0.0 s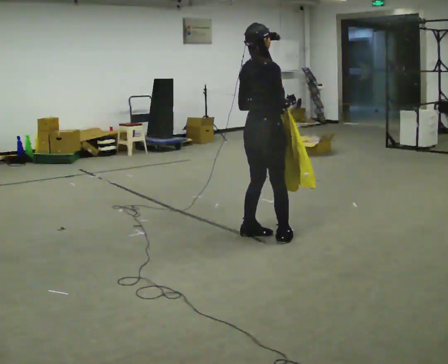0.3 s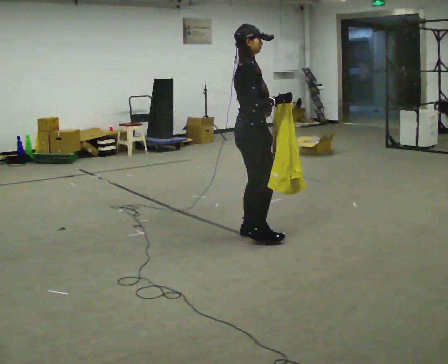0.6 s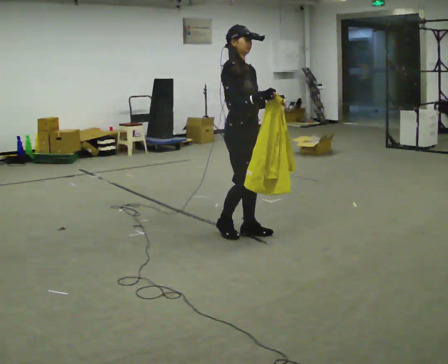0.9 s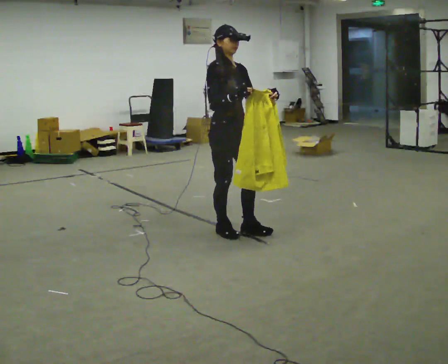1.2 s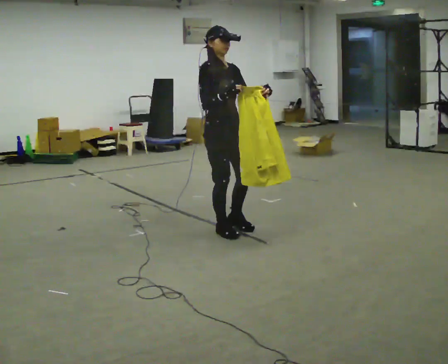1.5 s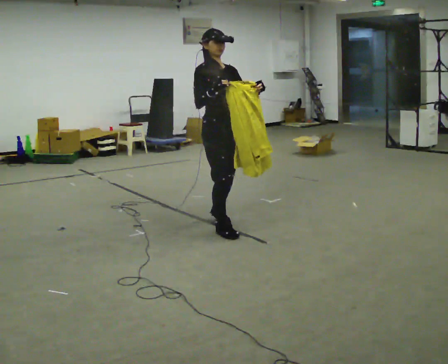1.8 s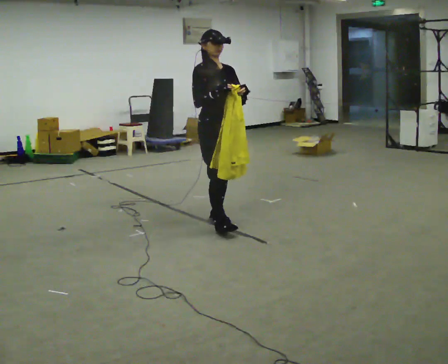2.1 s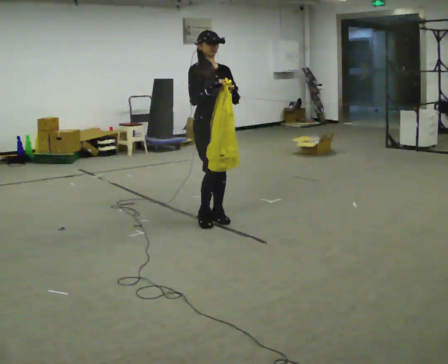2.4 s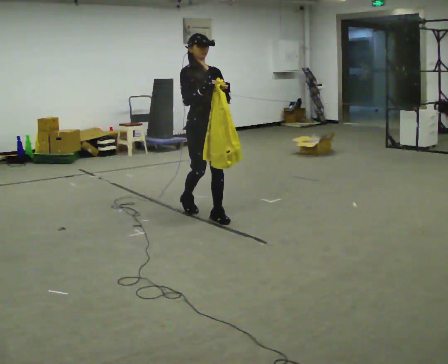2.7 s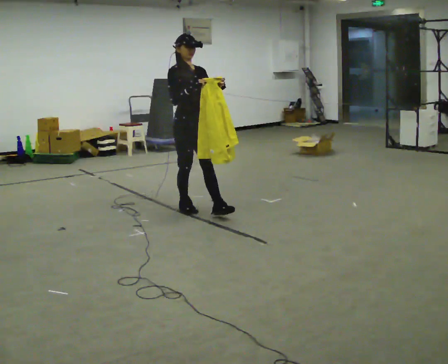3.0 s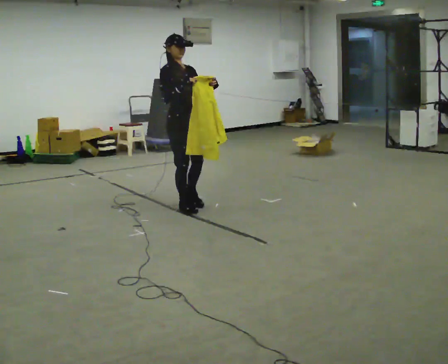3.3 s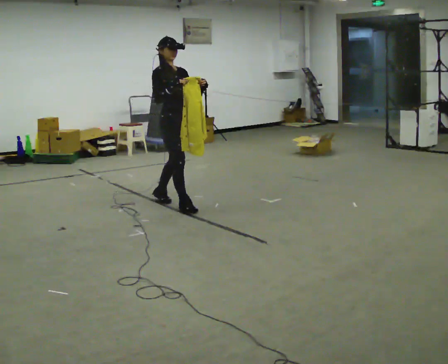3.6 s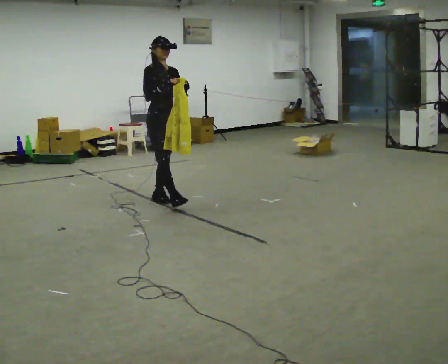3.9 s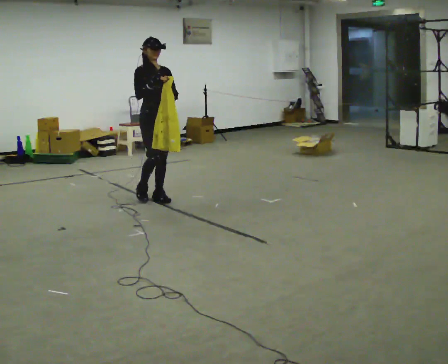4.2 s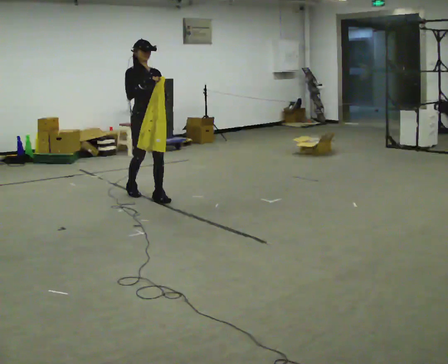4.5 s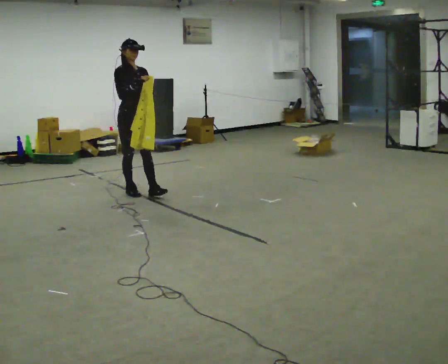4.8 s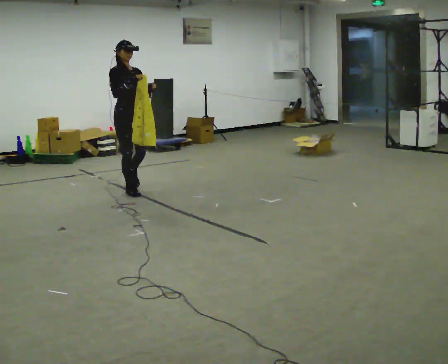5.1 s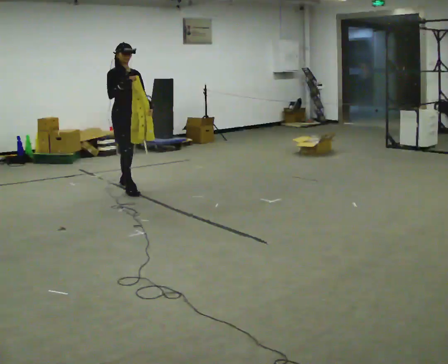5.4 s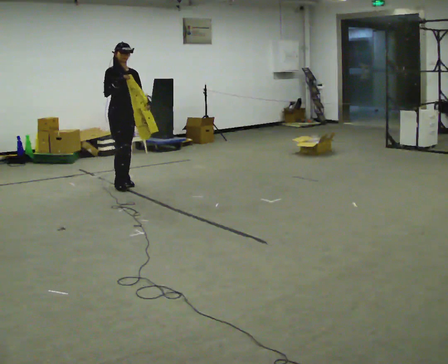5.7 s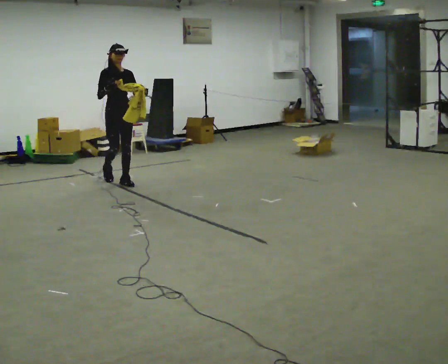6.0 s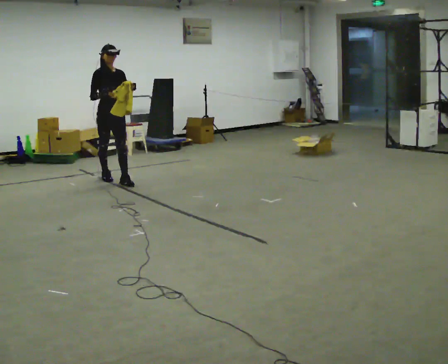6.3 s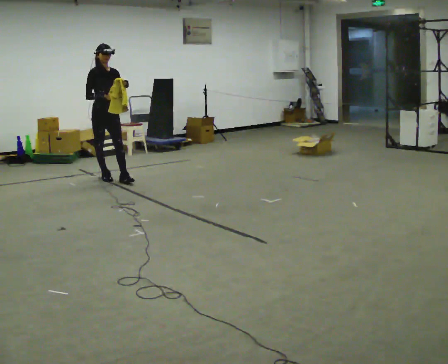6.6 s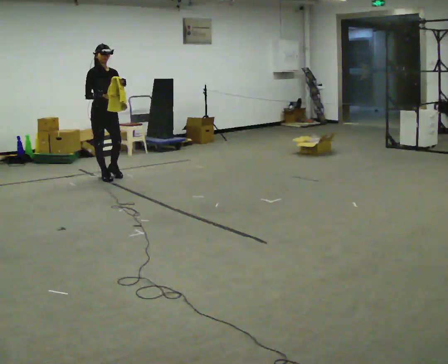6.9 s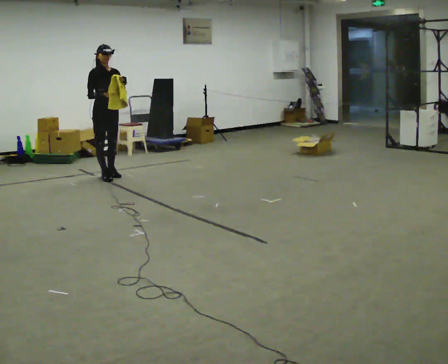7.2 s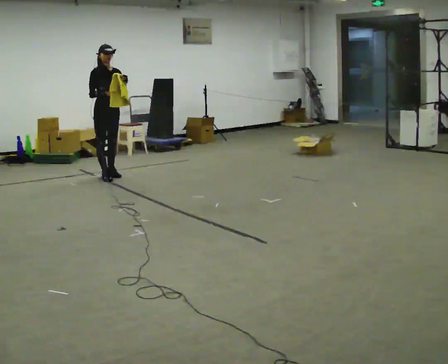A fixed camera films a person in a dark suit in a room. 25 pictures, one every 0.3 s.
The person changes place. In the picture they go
away from the camera.
0.0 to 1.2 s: The part of the body nearest the lens slides to the left as the person turns to their right by about 90 degrees. In the picture they go to the left and away from the camera, about 0.25 m in 2 steps.
1.2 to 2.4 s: In the picture they go away from the camera, about 0.5 m in 1 step, which for them is backward.
2.4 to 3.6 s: In the picture they go away from the camera and to the left, about 0.75 m in 2 steps, which for them is backward.
3.6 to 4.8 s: In the picture they go away from the camera and to the left, about 0.5 m in 1 step, which for them is backward and to their right.
4.8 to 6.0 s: In the picture they go away from the camera and to the left, about 0.5 m in 1 step, which for them is backward.
6.0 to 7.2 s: In the picture they go away from the camera, about 0.25 m in 1 step, which for them is backward.
The film runs backward here.
